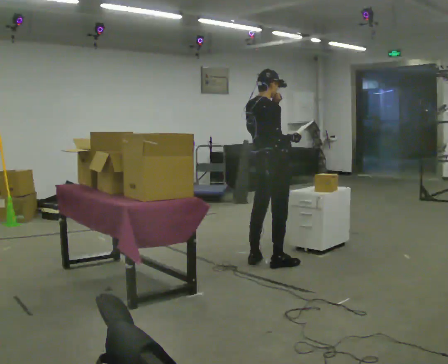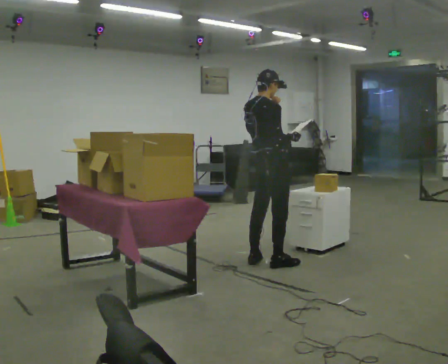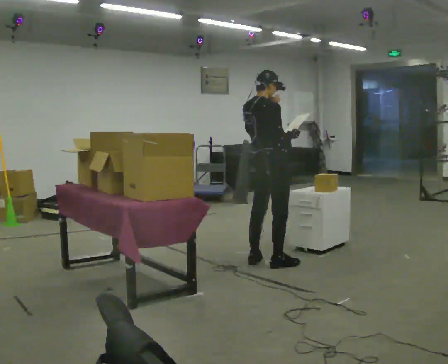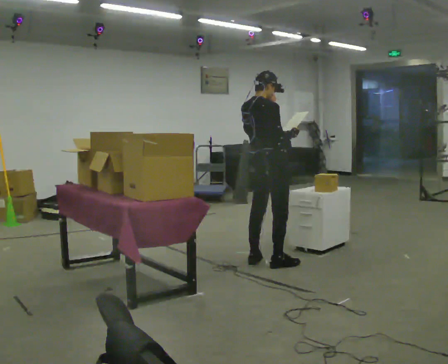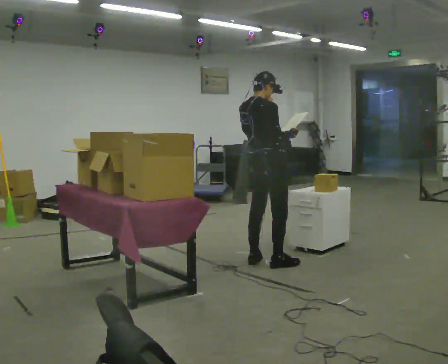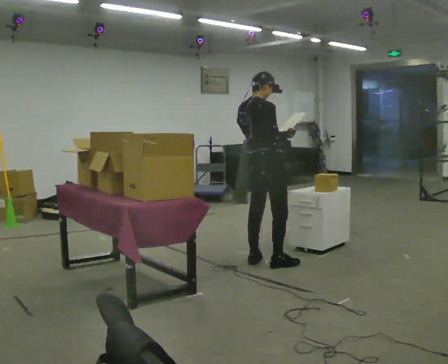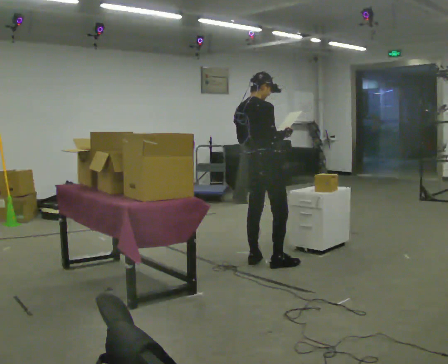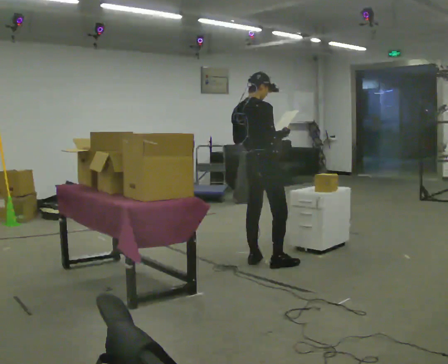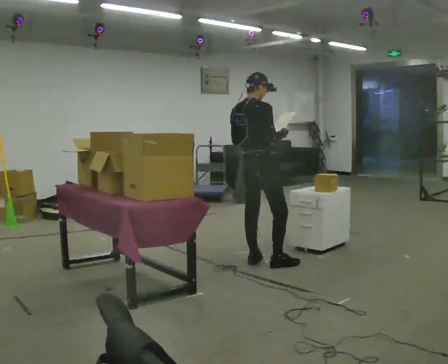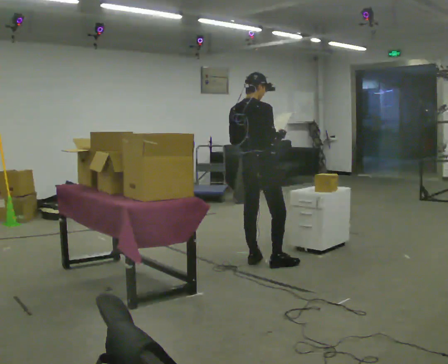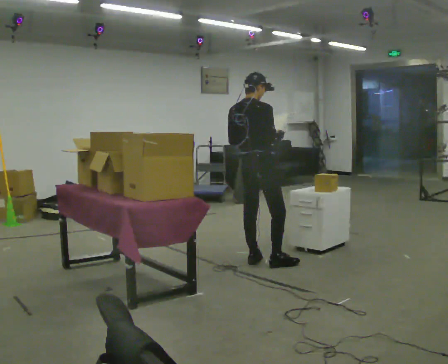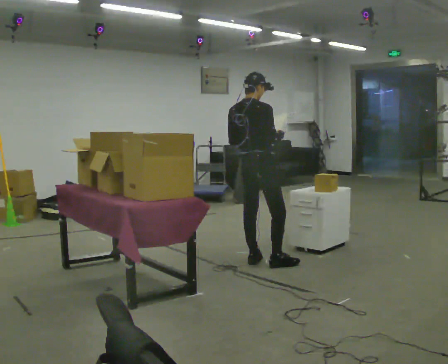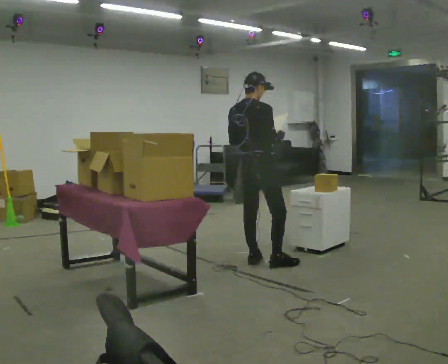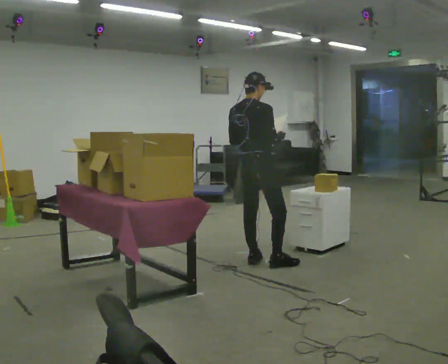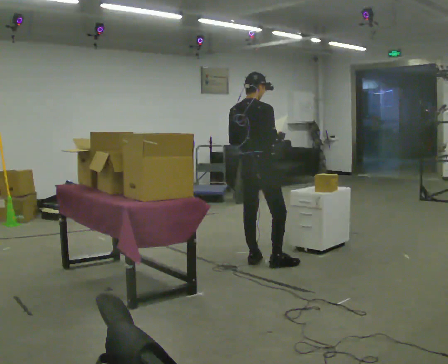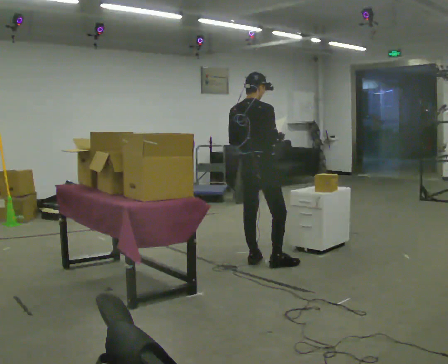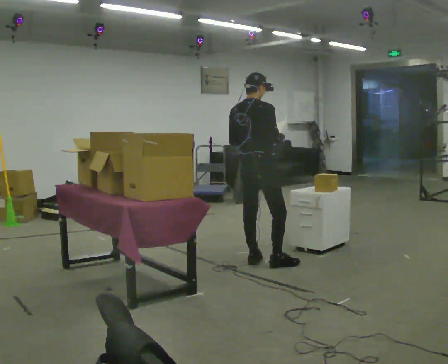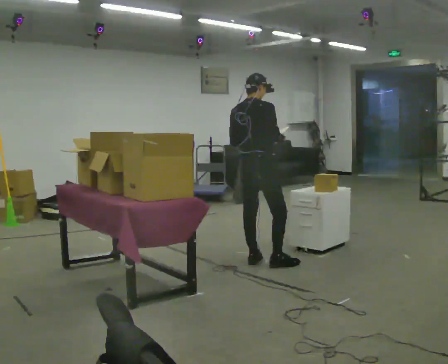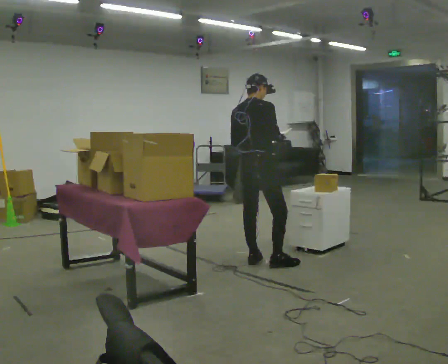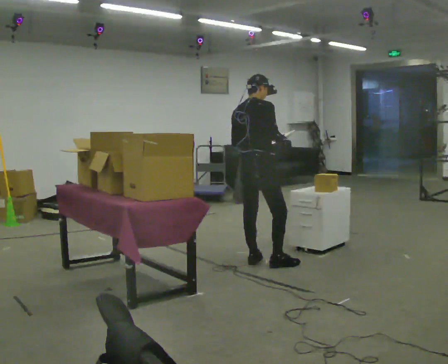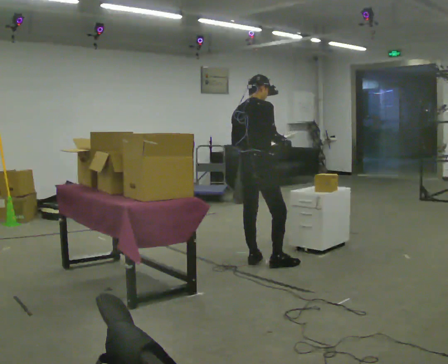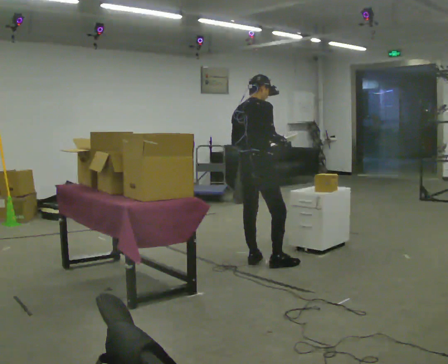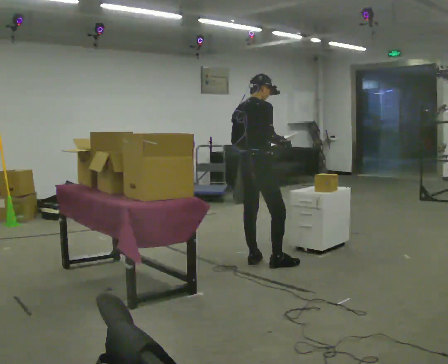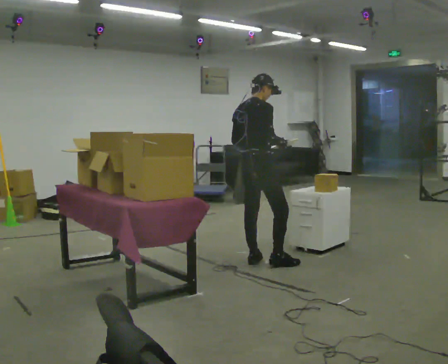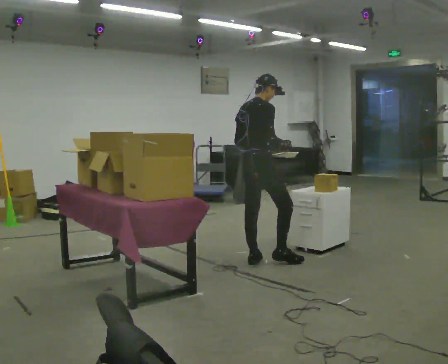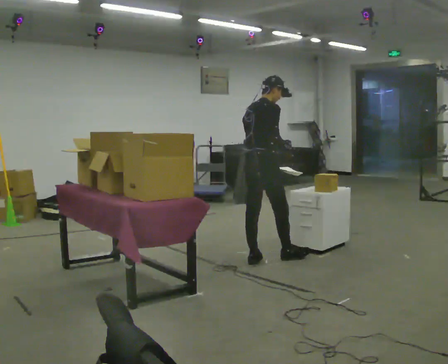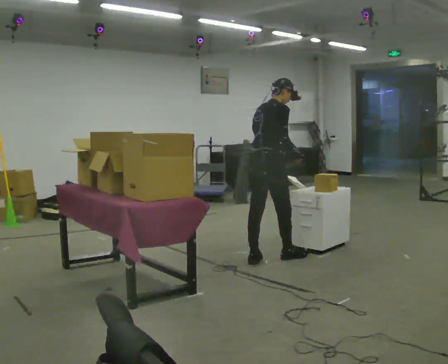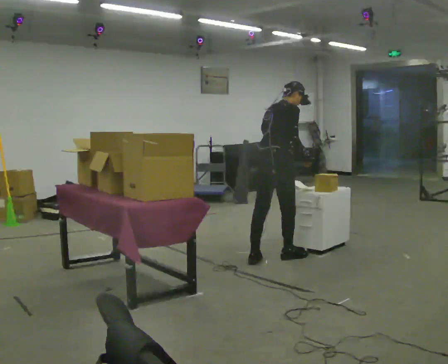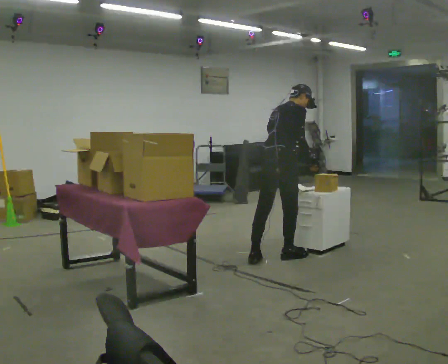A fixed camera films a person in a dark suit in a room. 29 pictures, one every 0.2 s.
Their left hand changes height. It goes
downward.
0.0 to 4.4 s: In the picture their left hand goes downward.
4.4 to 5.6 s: In the picture they go to the right, about 0.25 m in 1 step, which for them is forward. In the picture the upper body tilts clockwise, shoulders to the right, as they bend forward.
The film runs forward here.
